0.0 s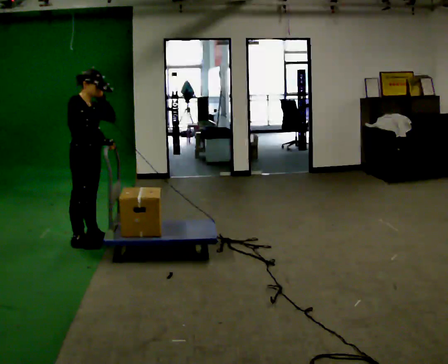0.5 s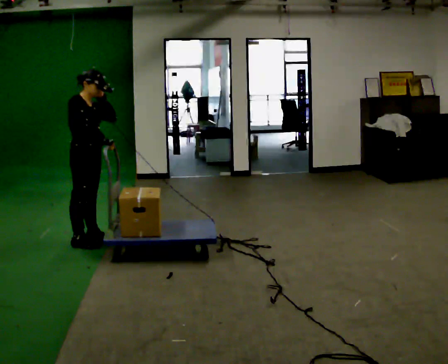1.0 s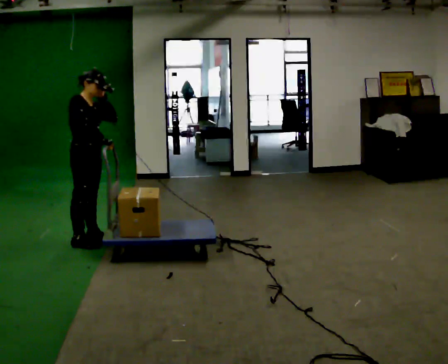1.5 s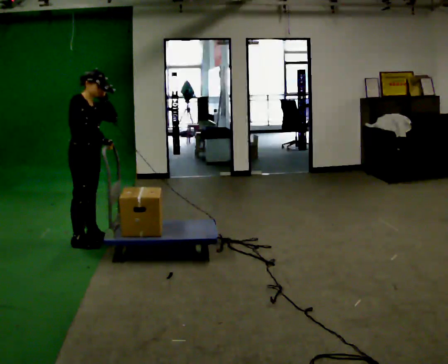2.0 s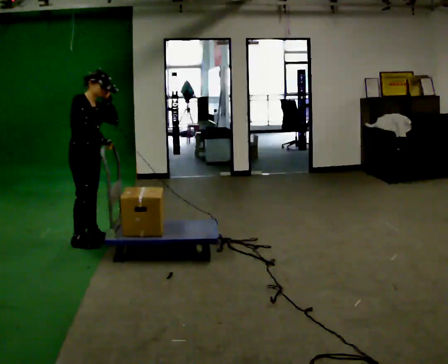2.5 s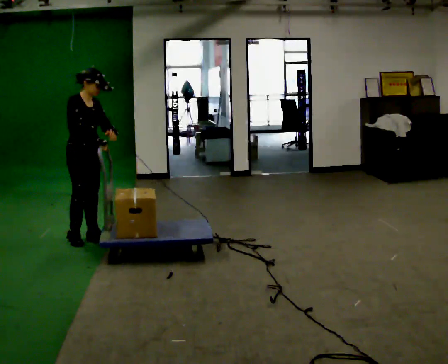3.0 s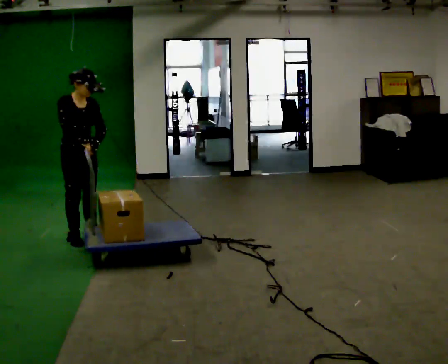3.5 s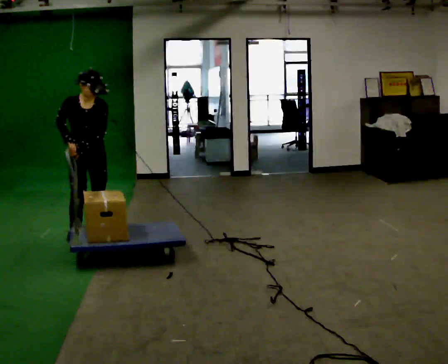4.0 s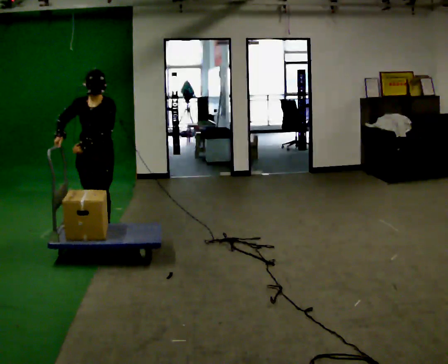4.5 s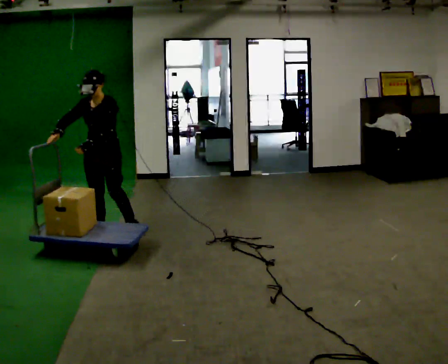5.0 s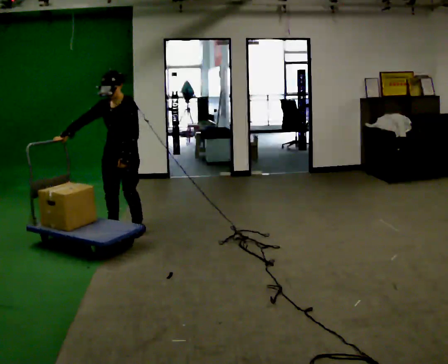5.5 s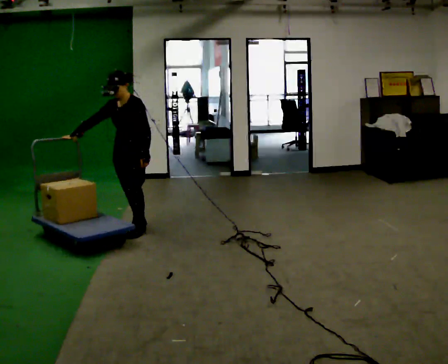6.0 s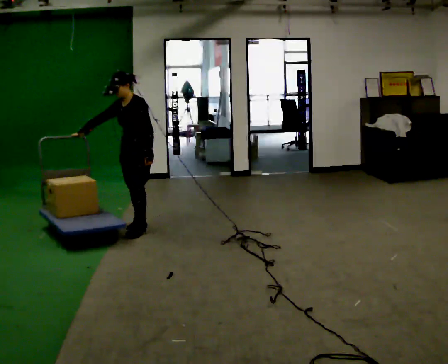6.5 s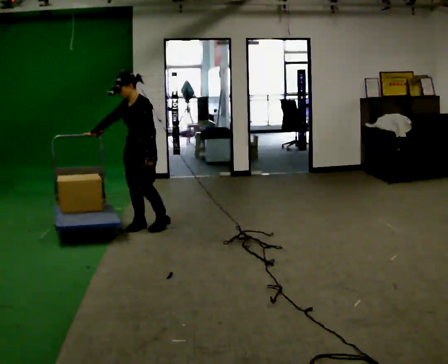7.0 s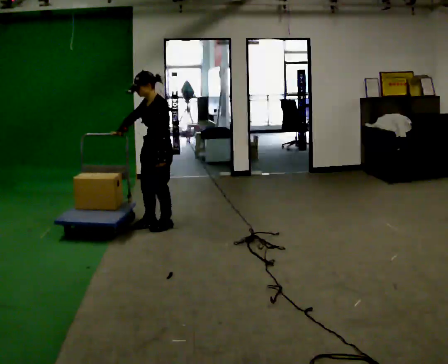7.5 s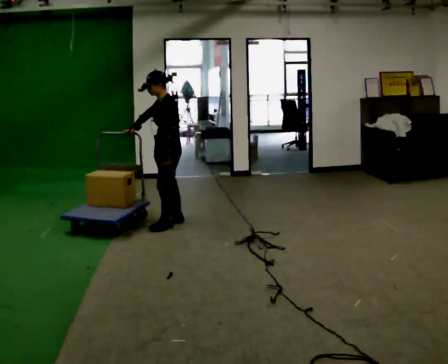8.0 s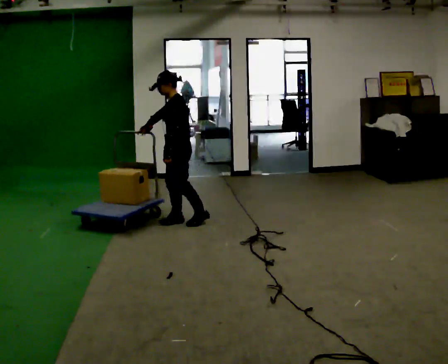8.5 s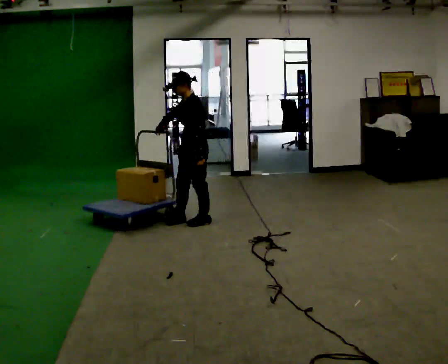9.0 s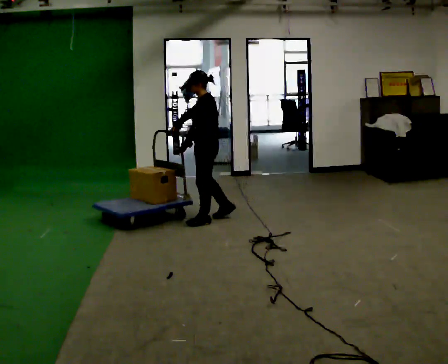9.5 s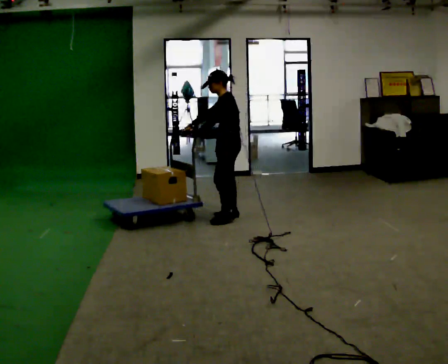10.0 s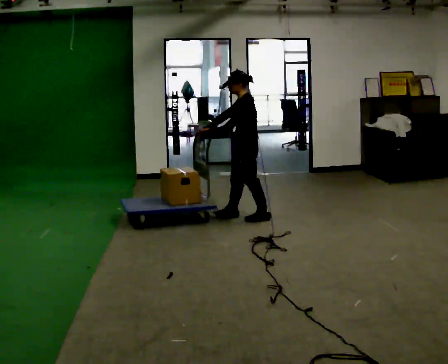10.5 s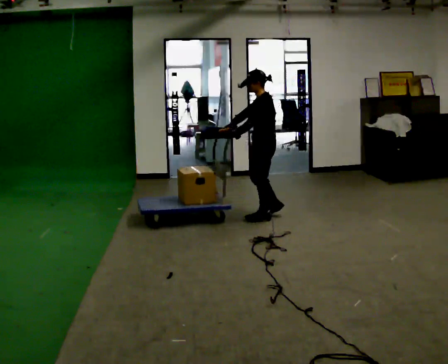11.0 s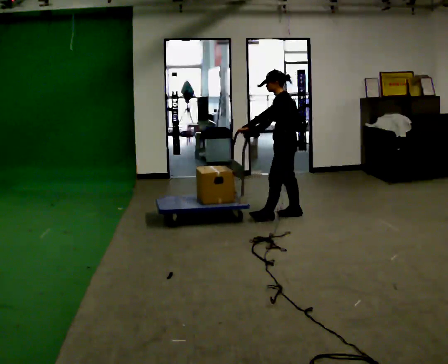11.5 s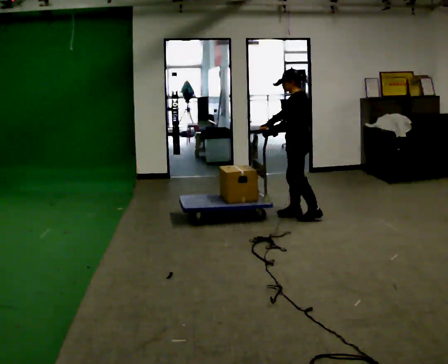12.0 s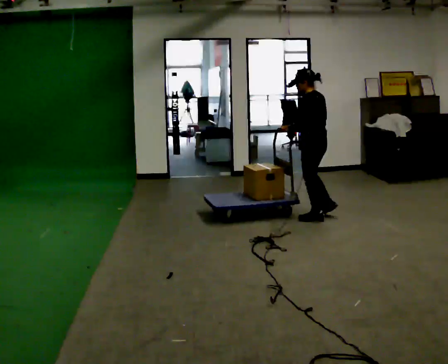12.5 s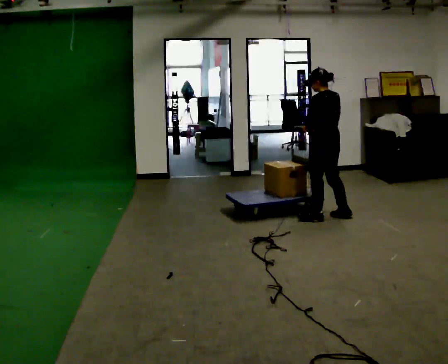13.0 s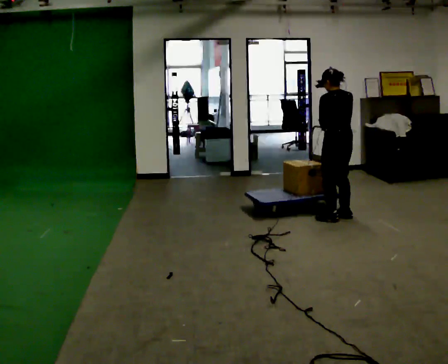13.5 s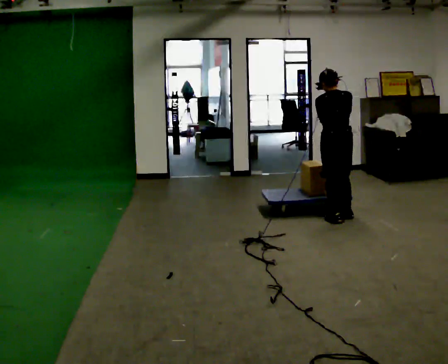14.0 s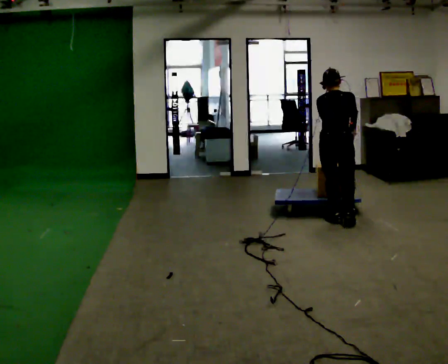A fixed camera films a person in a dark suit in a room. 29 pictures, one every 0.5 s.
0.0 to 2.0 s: The person moves a little, or ends about where they began.
2.0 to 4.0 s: The part of the body nearest the lens slides to the left as the person turns to their right by about 75 degrees. In the picture they go away from the camera, about 0.25 m in 2 steps. In the picture their left hand goes downward.
4.0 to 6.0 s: The person turns about 45 degrees to their right, clockwise seen from above, so the part of the body nearest the lens slides to the left. In the picture they go to the right and away from the camera, about 0.5 m in 2 steps, which for them is backward and to their left.
6.0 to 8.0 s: Seen from above the body turns clockwise, about 30 degrees: to their right, with its near side sliding to the left. In the picture they go to the right and away from the camera, about 0.5 m in 3 steps, which for them is backward.
8.0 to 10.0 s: In the picture they go to the right, about 0.75 m in 2 steps, which for them is backward.
10.0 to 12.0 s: The person turns about 30 degrees to their right, clockwise seen from above, so the part of the body nearest the lens slides to the left. In the picture they go to the right, about 0.75 m in 3 steps, which for them is backward.
12.0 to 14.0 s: The part of the body nearest the lens slides to the left as the person turns to their right by about 75 degrees. In the picture they go toward the camera and to the right, about 0.25 m in 2 steps. In the picture their right hand goes to the right.
The film runs backward here.
